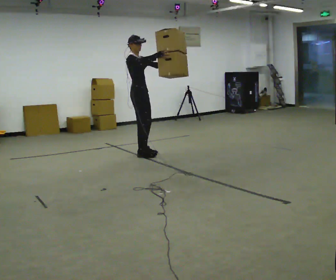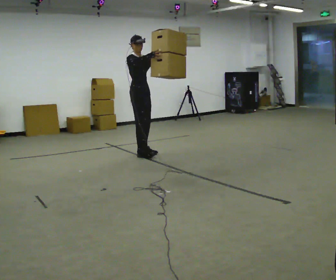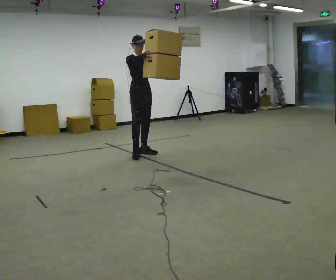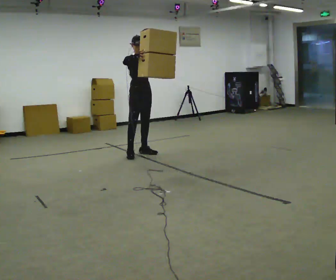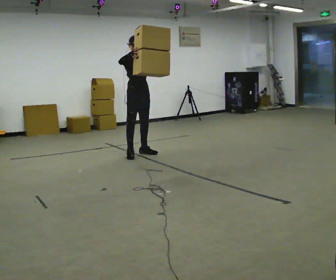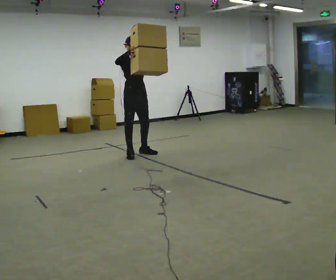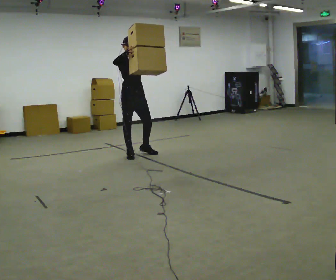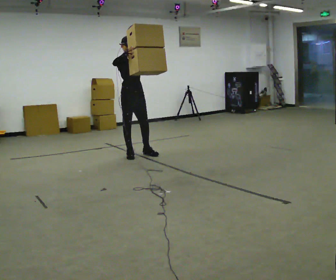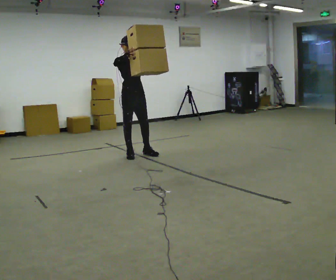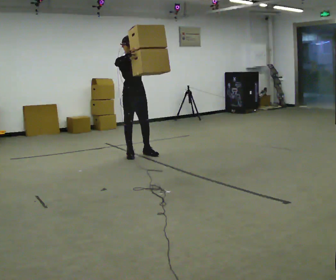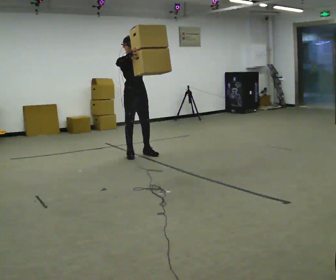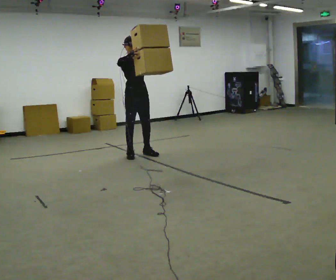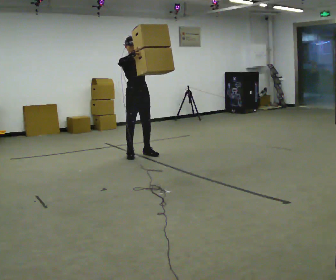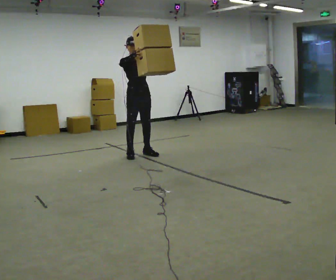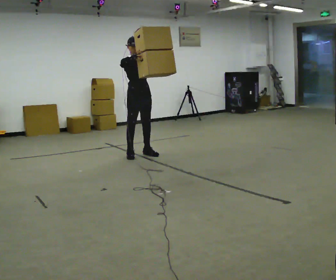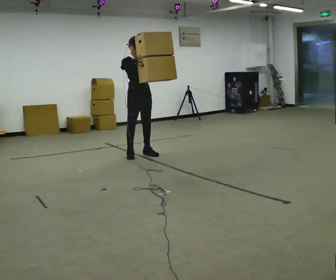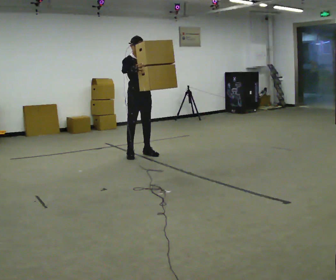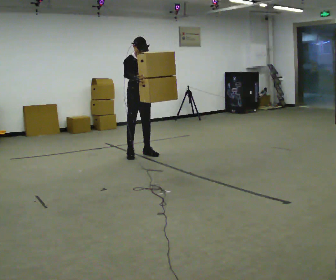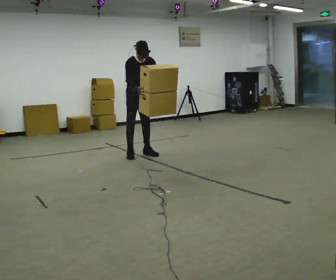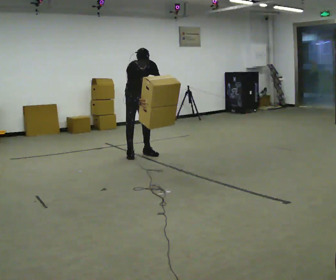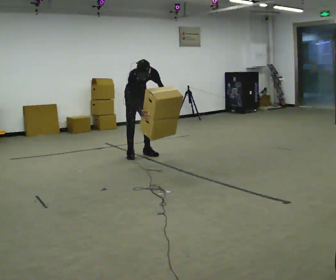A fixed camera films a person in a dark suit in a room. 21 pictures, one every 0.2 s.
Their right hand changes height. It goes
downward.
Their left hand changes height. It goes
downward.
0.0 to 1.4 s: The person turns about 30 degrees to their right, clockwise seen from above, so the part of the body nearest the lens slides to the left. In the picture their right hand goes to the left.
1.4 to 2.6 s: The person moves a little, or ends about where they began.
2.6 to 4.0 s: In the picture they go away from the camera, about 0.25 m, which for them is backward. The shoulders move downward. The upper body tips toward the camera, its near side rolling downward, as they bend forward. In the picture their right hand goes downward.
The film runs forward here.
